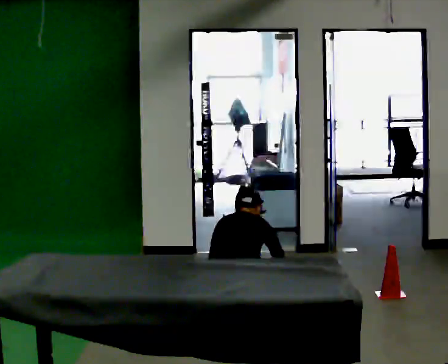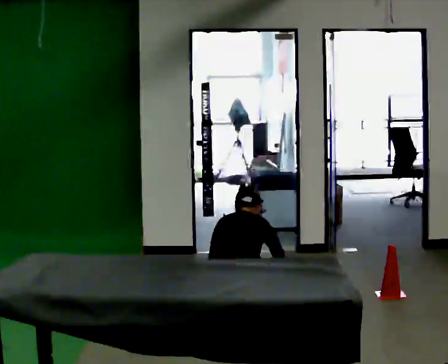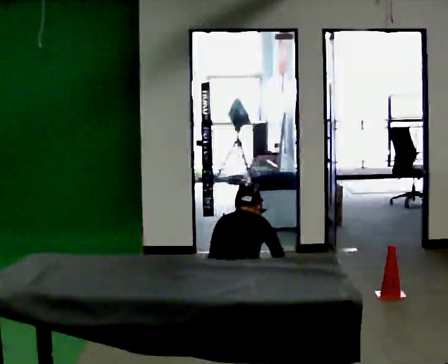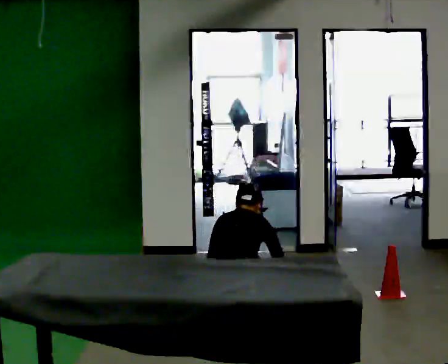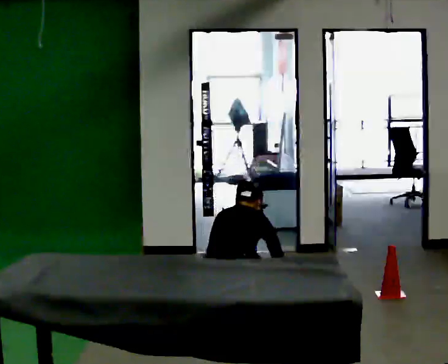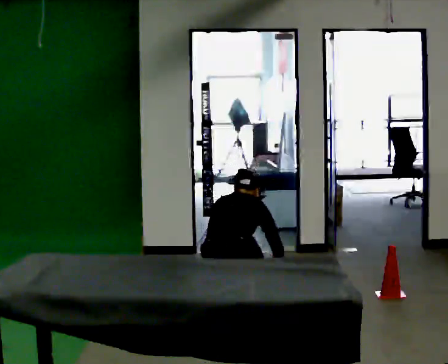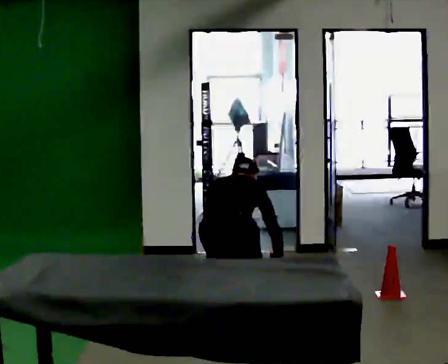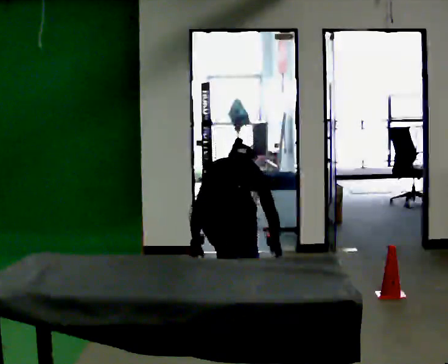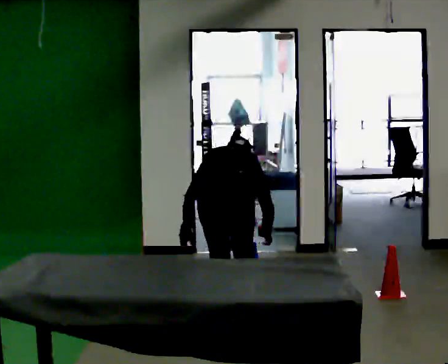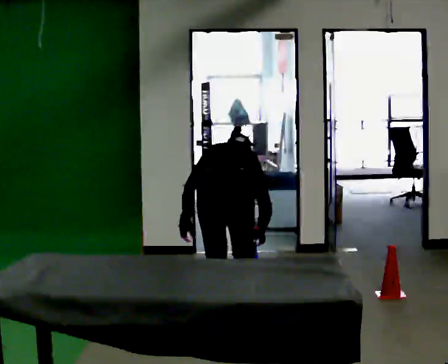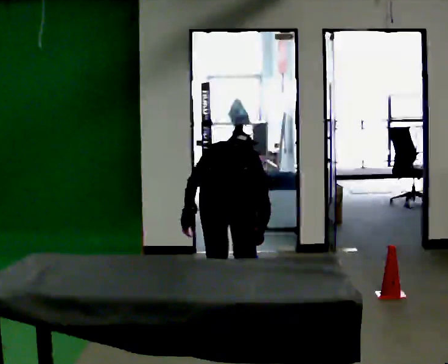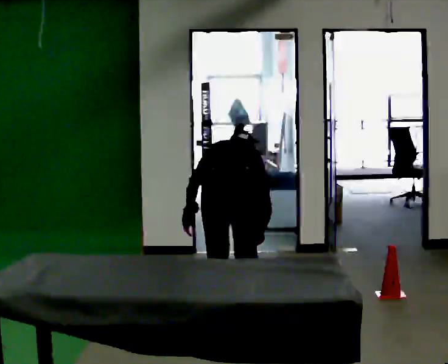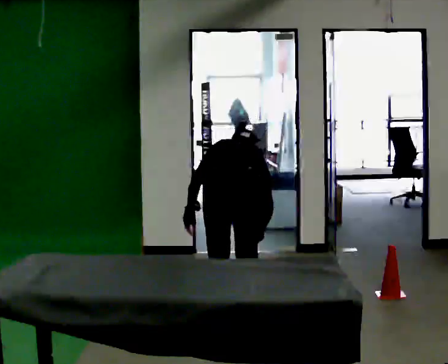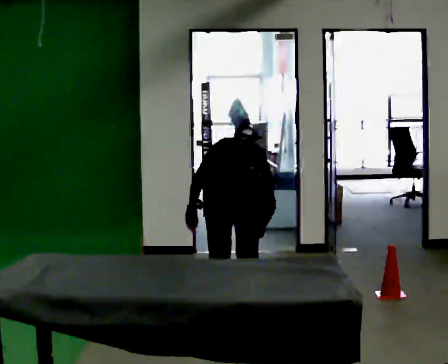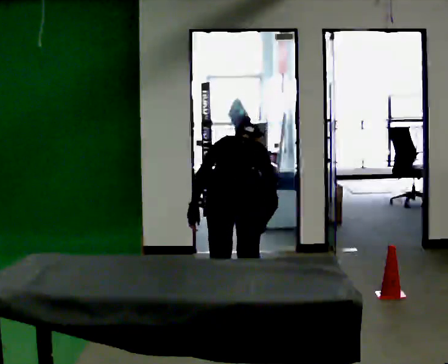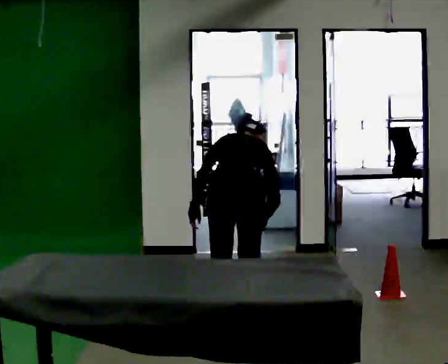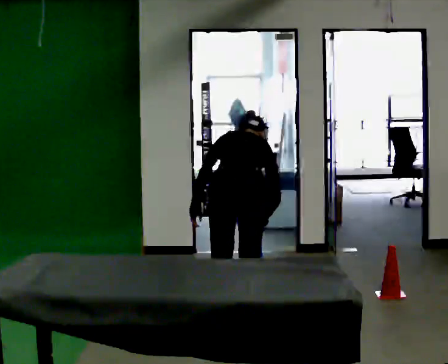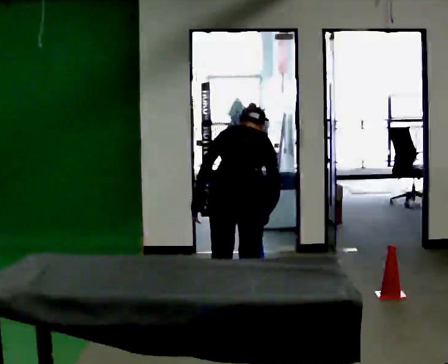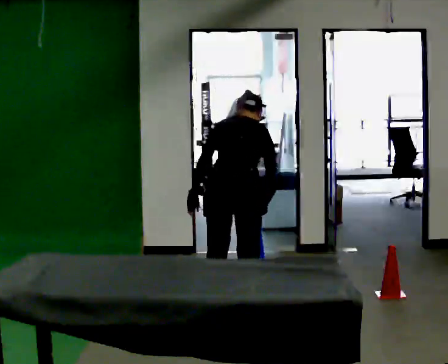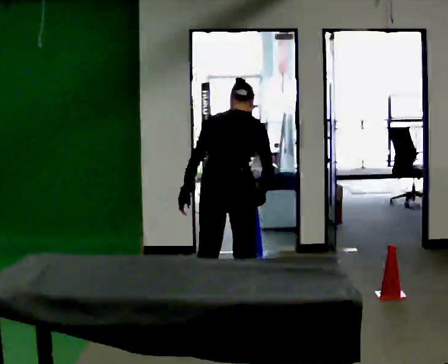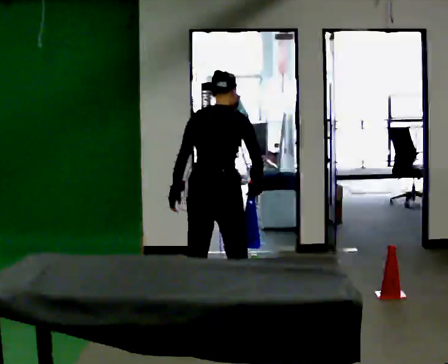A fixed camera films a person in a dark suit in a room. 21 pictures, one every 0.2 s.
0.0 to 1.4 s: The upper body goes upward. In the picture their left hand goes upward.
1.4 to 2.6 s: The person moves a little, or ends about where they began.
2.6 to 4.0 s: The shoulders move upward. The upper body tips toward the camera, its near side rolling downward, as they lean back or straighten.
The film runs backward here.
